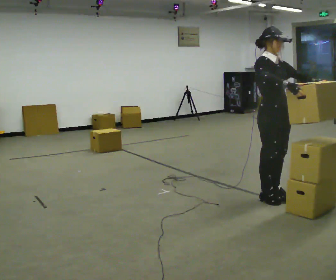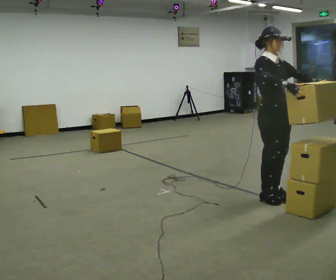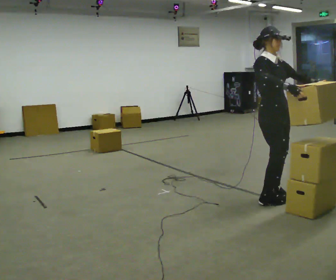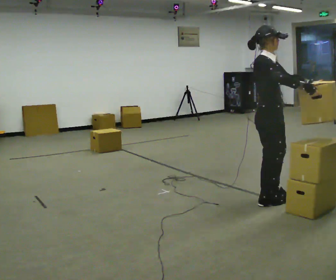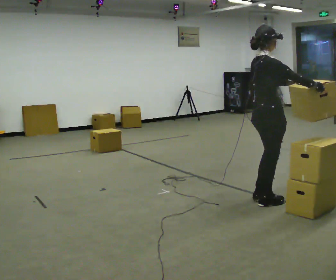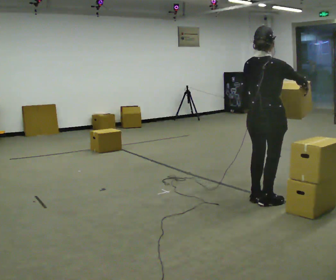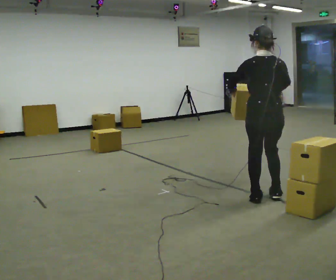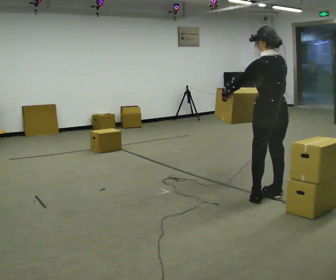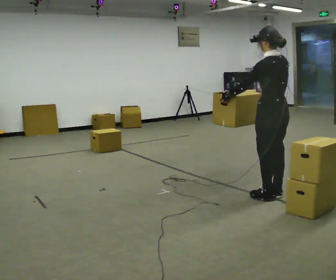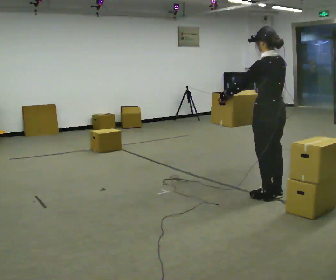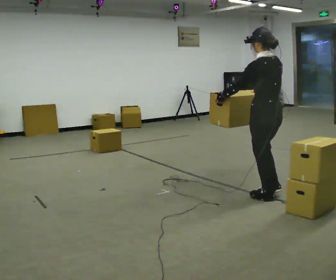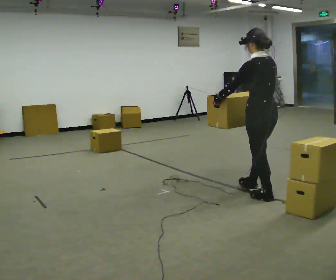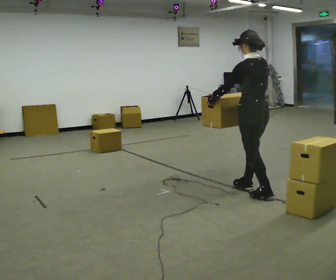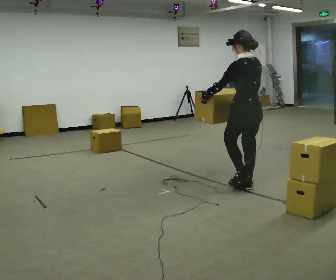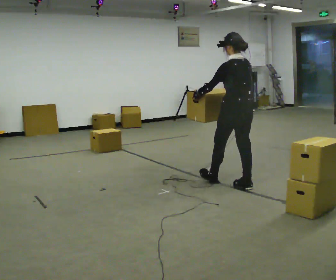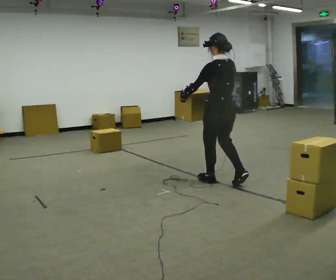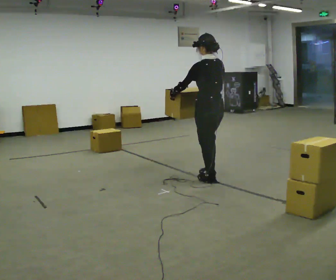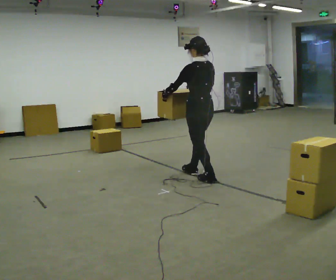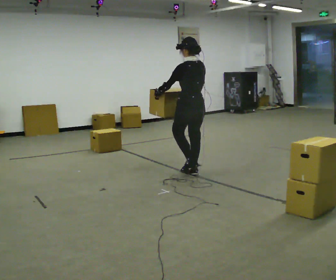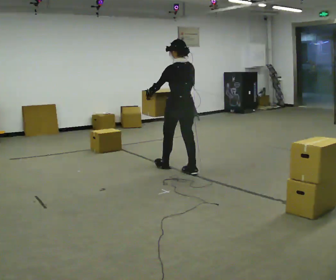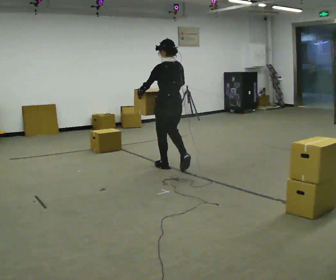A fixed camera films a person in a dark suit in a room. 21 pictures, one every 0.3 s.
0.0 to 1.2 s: The part of the body nearest the lens slides to the right as the person turns to their left by about 60 degrees.
1.2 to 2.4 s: The person turns about 120 degrees to their left, counterclockwise seen from above, so the part of the body nearest the lens slides to the right. In the picture they go away from the camera, about 0.25 m in 2 steps. In the picture their left hand goes to the left.
2.4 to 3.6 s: In the picture they go to the left and away from the camera, about 0.25 m in 1 step, which for them is forward.
3.6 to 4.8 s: In the picture they go to the left and away from the camera, about 0.5 m in 1 step, which for them is forward.
4.8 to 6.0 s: In the picture they go to the left and away from the camera, about 0.5 m in 2 steps, which for them is forward.
The film runs forward here.
